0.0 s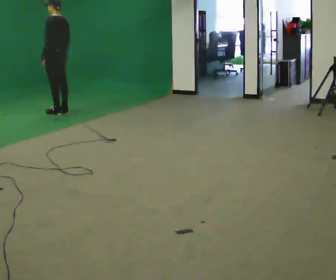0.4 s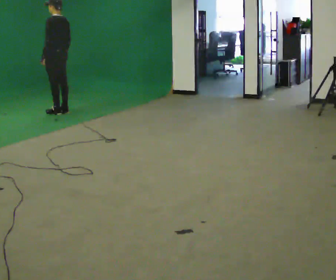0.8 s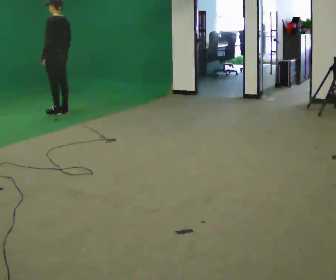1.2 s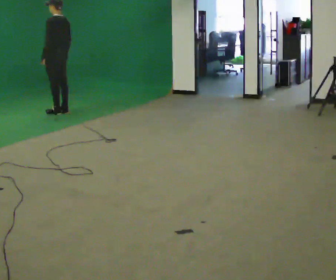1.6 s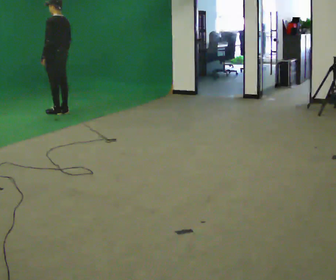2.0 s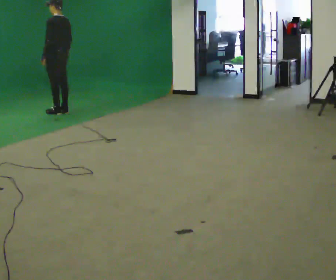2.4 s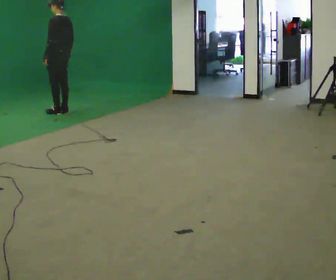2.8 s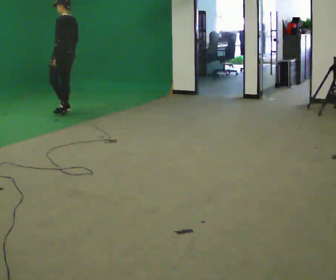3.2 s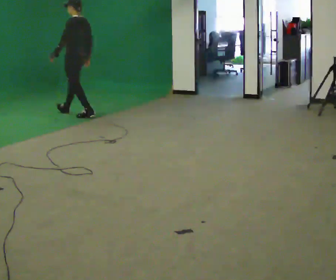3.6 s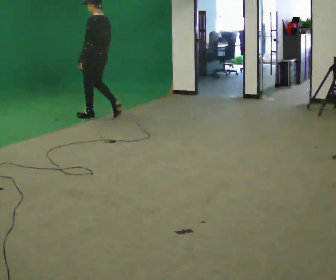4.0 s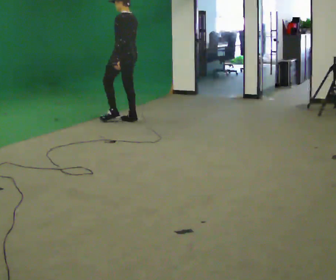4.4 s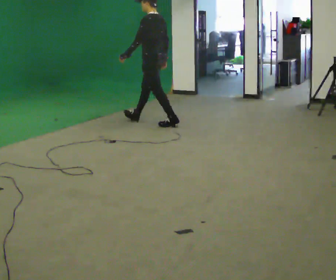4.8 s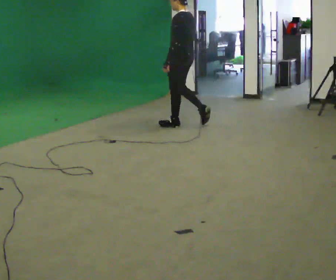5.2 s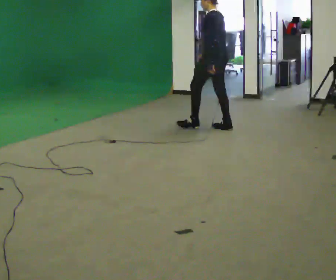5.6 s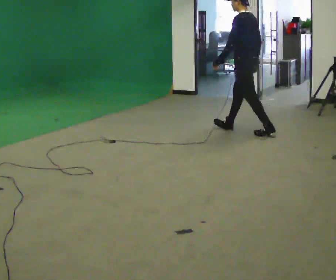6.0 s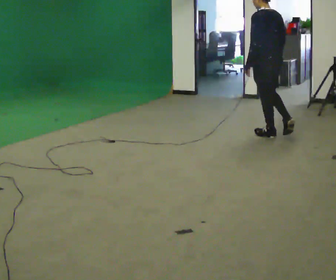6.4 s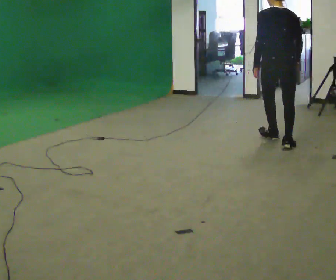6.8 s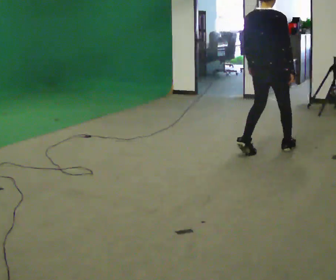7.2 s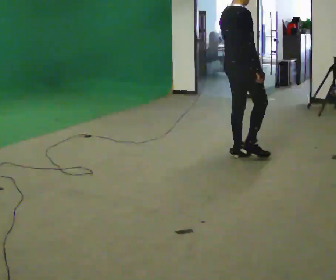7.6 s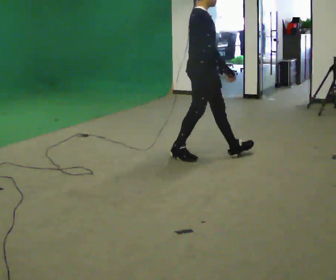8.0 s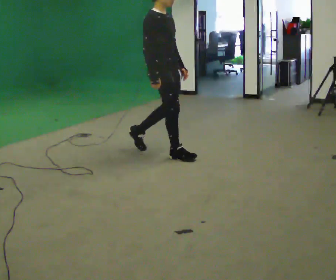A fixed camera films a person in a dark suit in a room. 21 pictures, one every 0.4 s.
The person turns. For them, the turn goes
to their right.
The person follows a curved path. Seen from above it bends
clockwise.
0.0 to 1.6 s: The person keeps their place and pose.
1.6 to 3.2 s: In the picture they go to the right and toward the camera, about 0.25 m in 1 step, which for them is backward.
3.2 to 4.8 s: In the picture they go to the right and toward the camera, about 1.5 m in 3 steps, which for them is backward.
4.8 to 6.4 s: The person turns about 60 degrees to their right, clockwise seen from above, so the part of the body nearest the lens slides to the left. In the picture they go toward the camera and to the right, about 1.5 m in 3 steps, which for them is backward.
6.4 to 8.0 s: The part of the body nearest the lens slides to the left as the person turns to their right by about 120 degrees. In the picture they go to the left, about 1 m in 2 steps.
The film runs backward here.
